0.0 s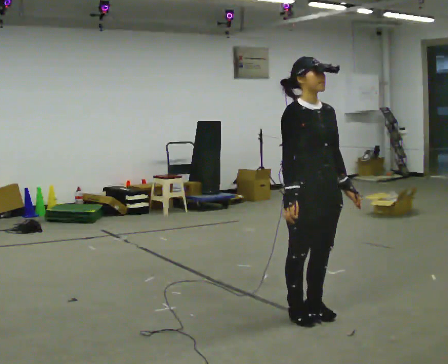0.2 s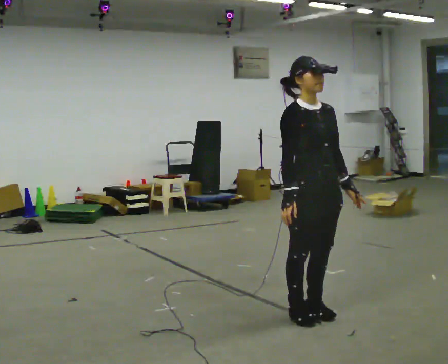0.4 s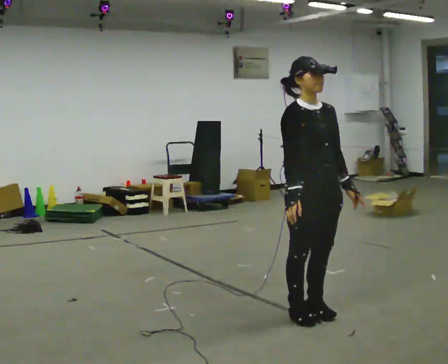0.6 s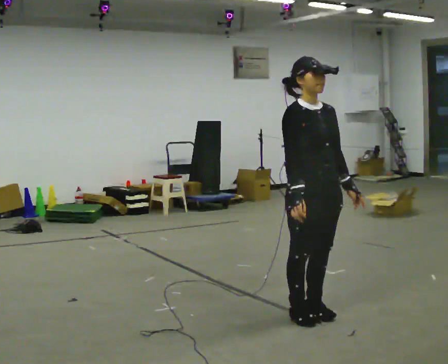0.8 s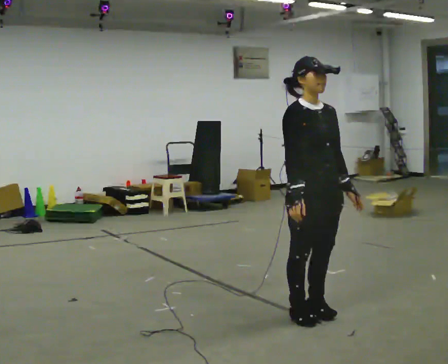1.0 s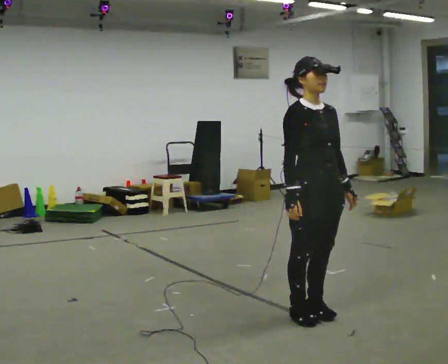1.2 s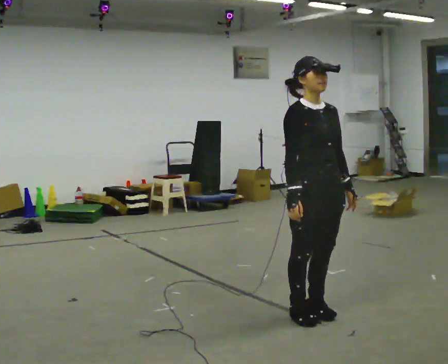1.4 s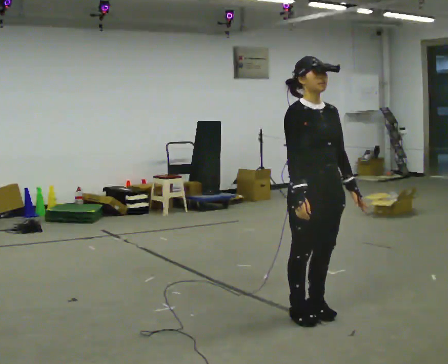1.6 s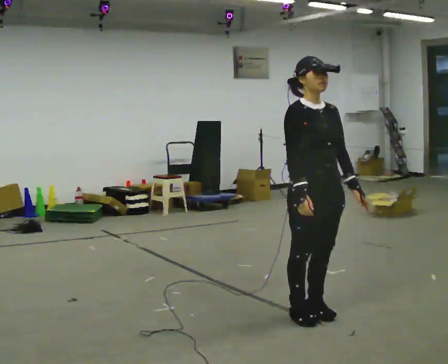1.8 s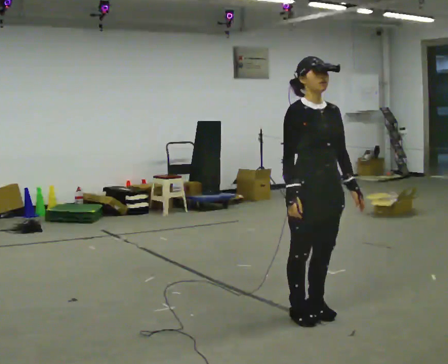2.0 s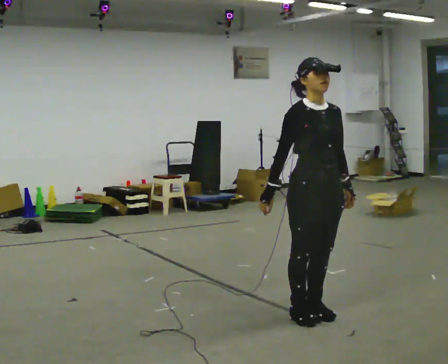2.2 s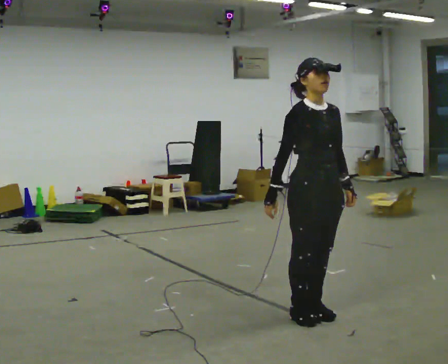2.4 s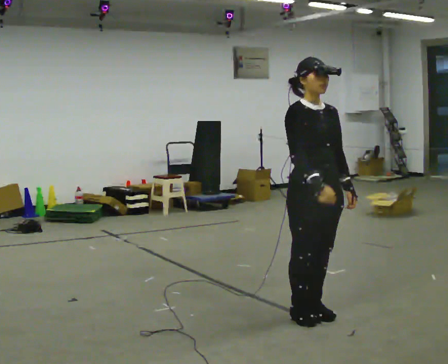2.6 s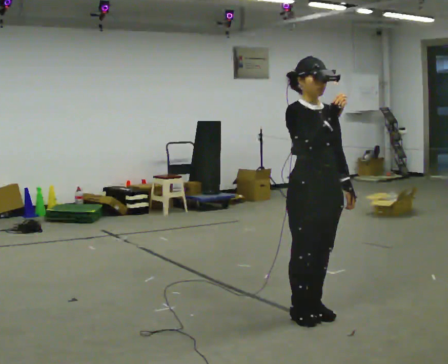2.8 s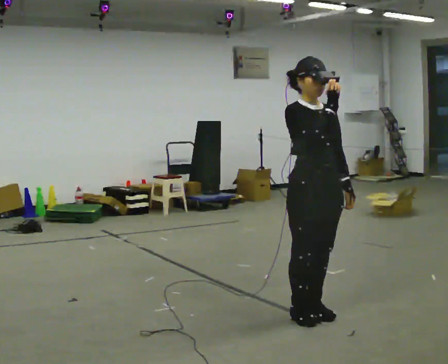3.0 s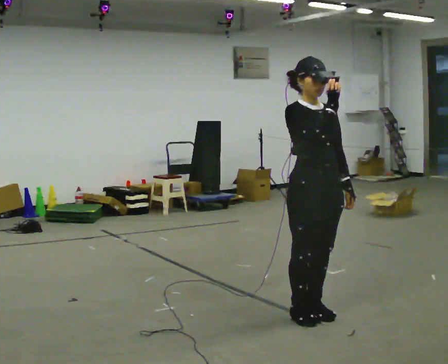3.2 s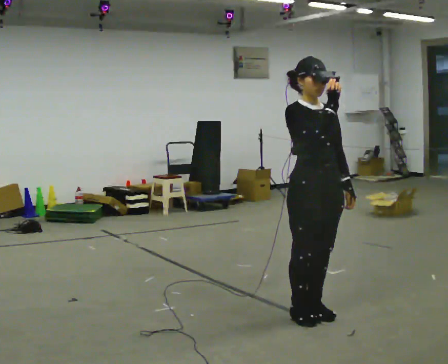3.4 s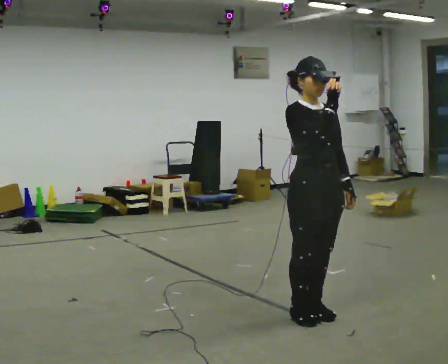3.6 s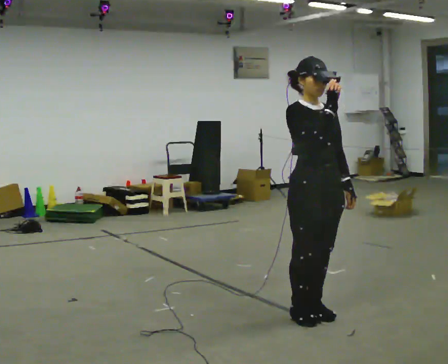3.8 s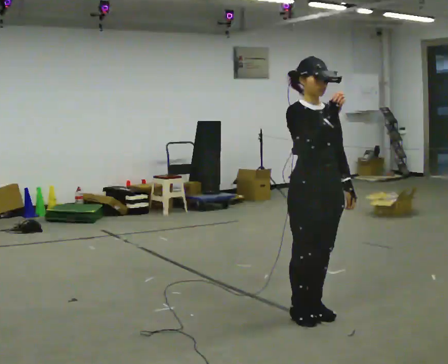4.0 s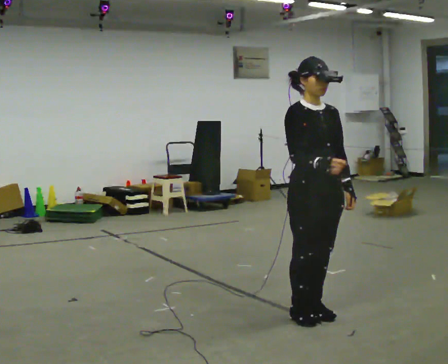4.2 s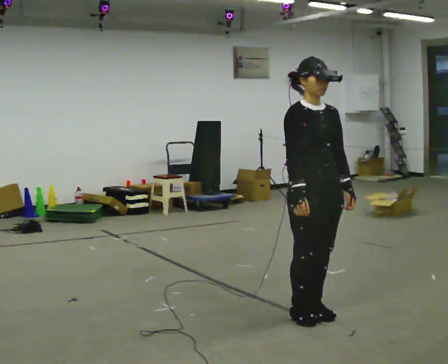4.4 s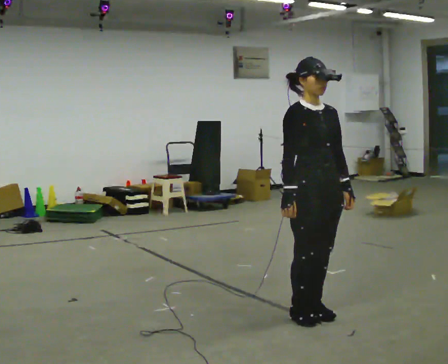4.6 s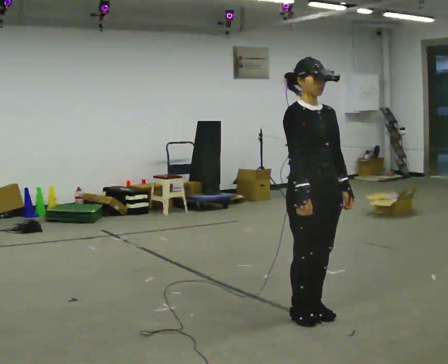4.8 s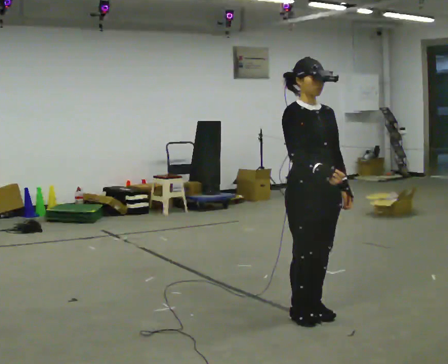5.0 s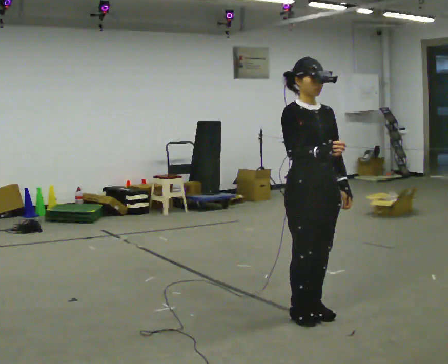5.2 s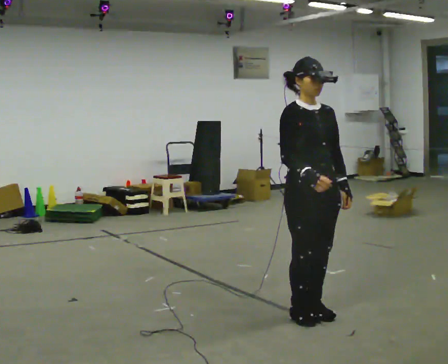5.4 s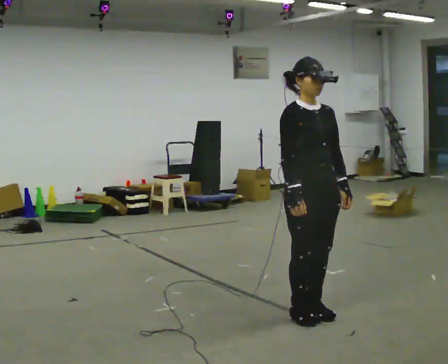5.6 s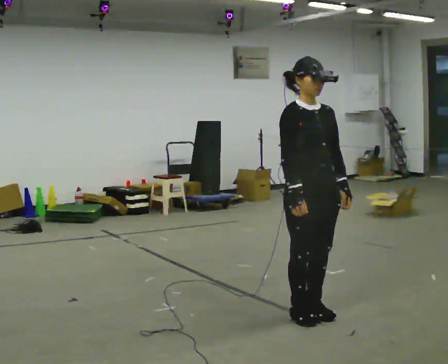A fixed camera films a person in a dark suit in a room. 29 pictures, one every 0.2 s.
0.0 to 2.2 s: The person moves a little, or ends about where they began.
2.2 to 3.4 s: In the picture their right hand goes upward and to the right.
3.4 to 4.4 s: In the picture their right hand goes downward.
4.4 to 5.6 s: The person moves a little, or ends about where they began.
The film runs backward here.
